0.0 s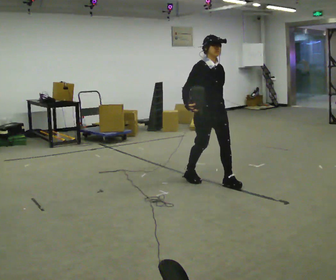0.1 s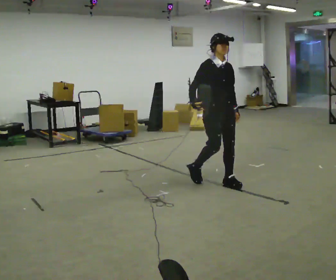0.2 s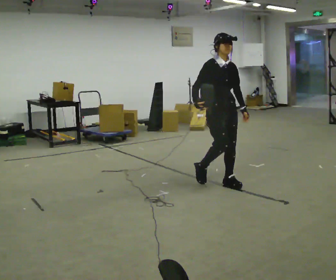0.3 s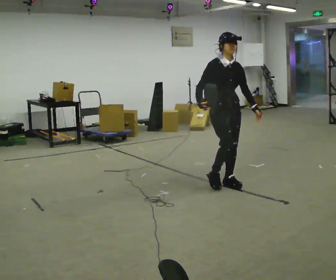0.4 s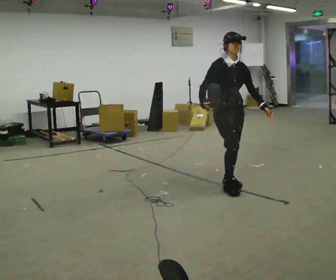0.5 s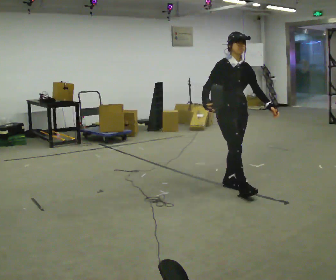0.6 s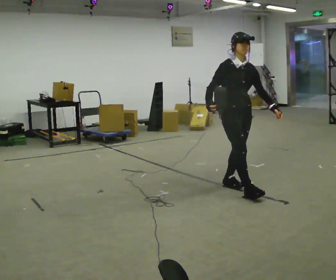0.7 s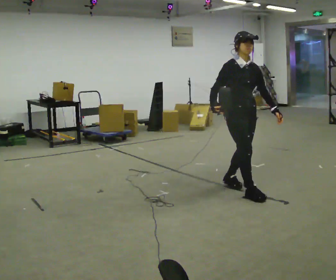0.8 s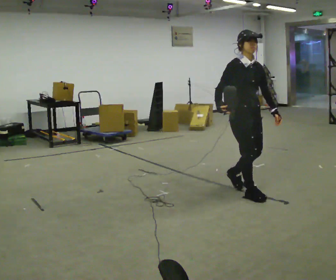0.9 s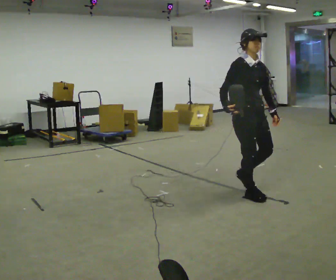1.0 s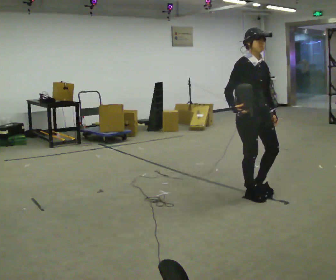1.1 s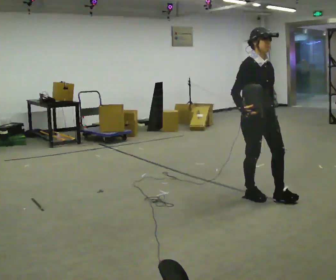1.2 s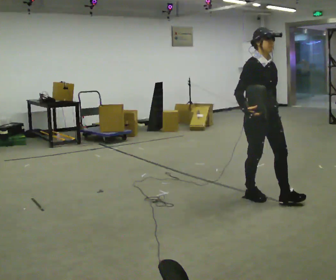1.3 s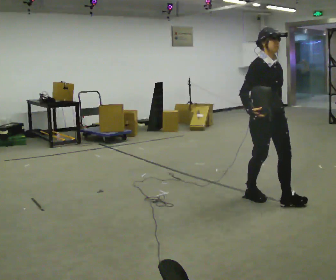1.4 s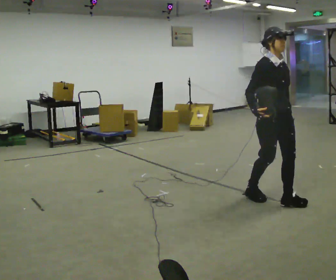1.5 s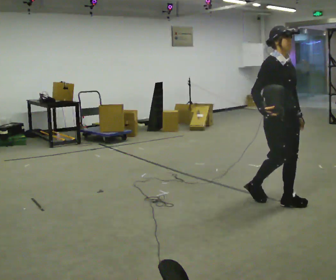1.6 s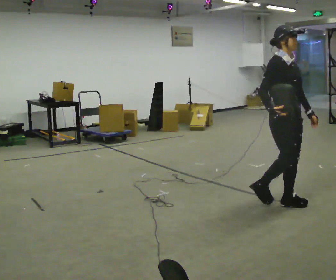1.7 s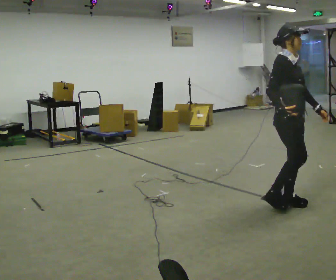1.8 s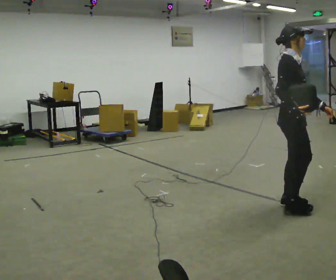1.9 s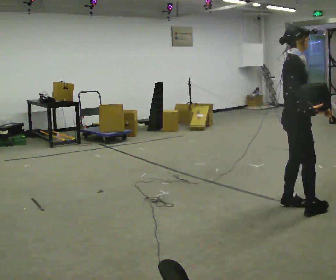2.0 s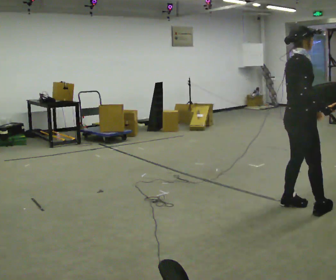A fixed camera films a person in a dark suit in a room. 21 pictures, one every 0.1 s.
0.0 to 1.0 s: In the picture they go toward the camera and to the right, about 0.75 m in 1 step, which for them is forward.
1.0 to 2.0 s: Seen from above the body turns counterclockwise, about 45 degrees: to their left, with its near side sliding to the right. In the picture they go to the right and toward the camera, about 0.5 m in 1 step, which for them is forward.
The film runs forward here.
